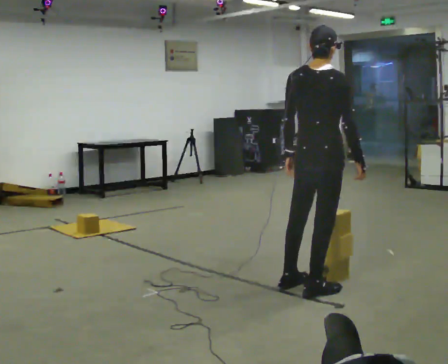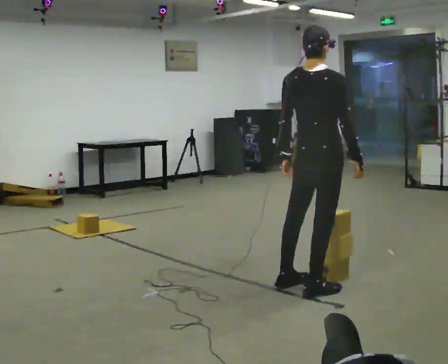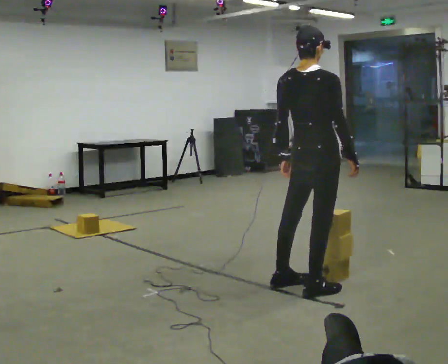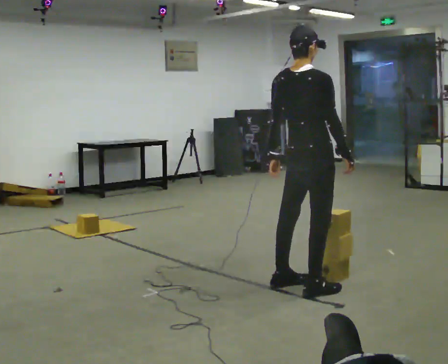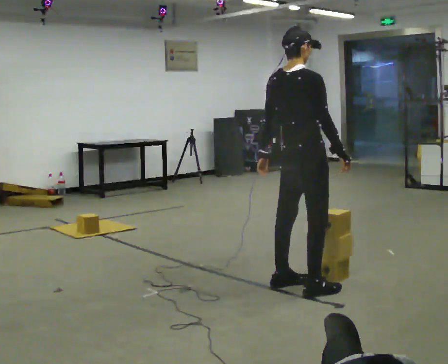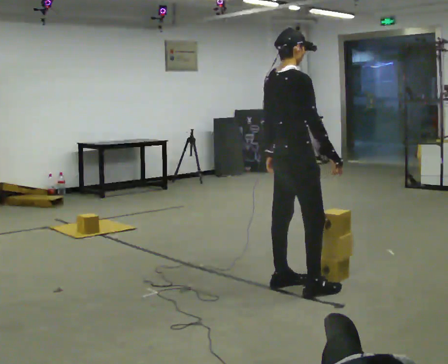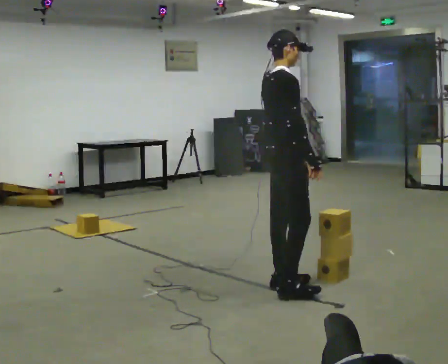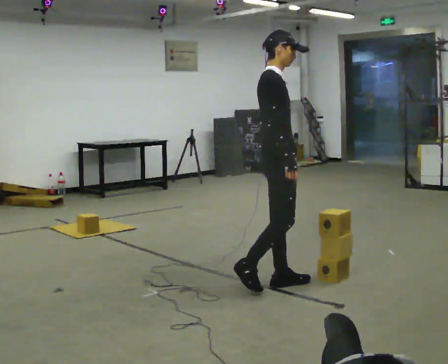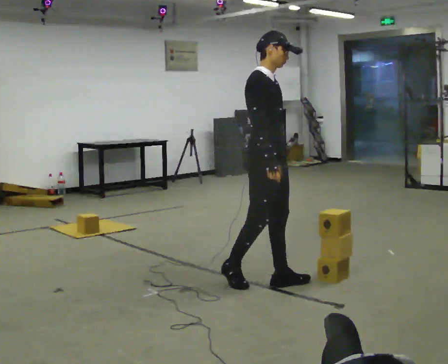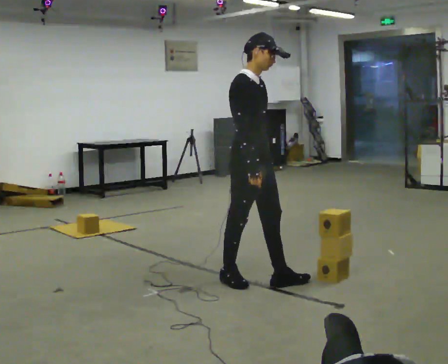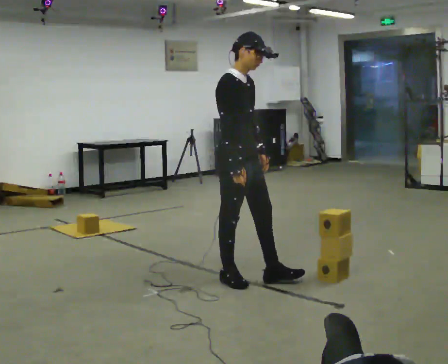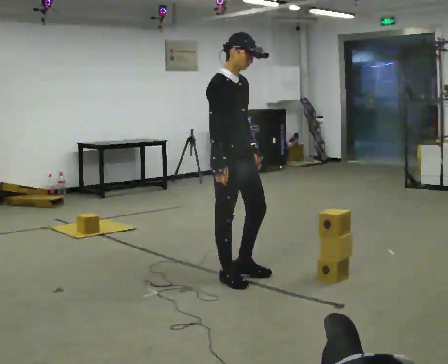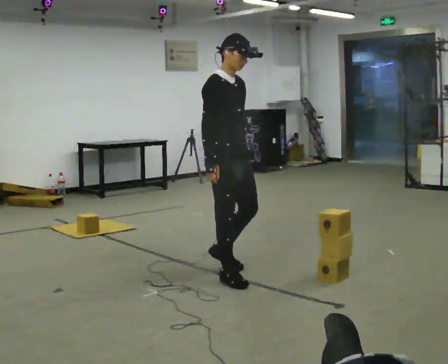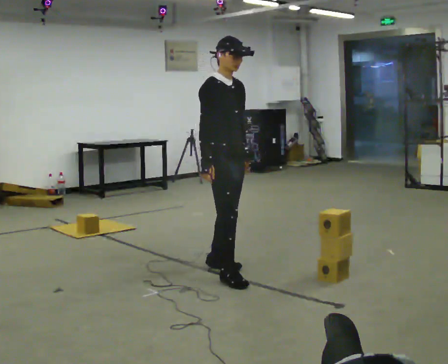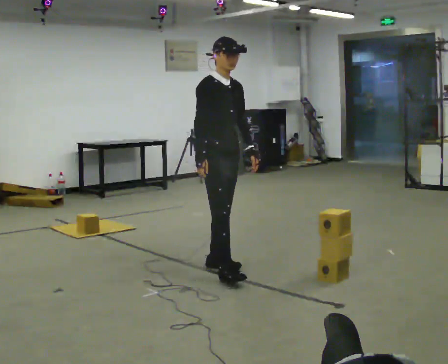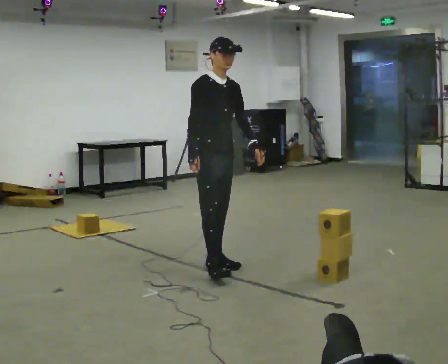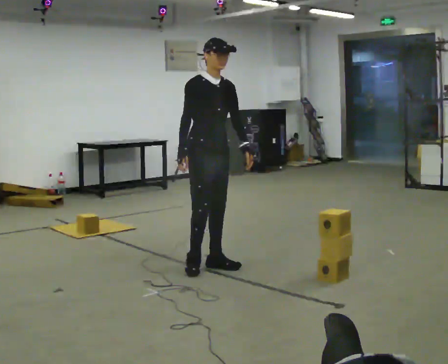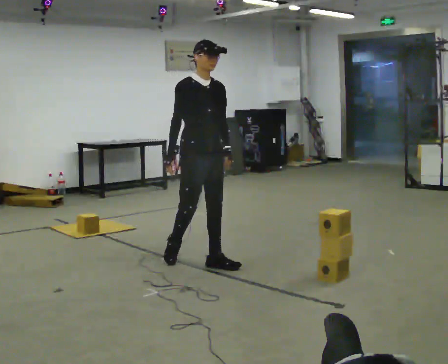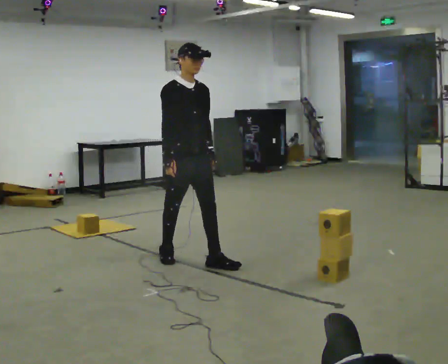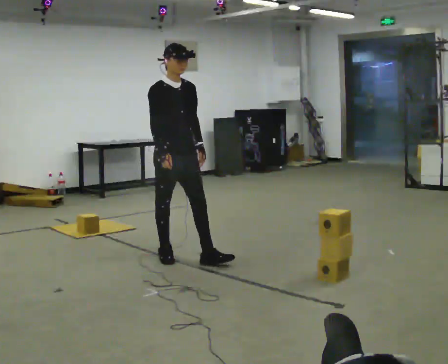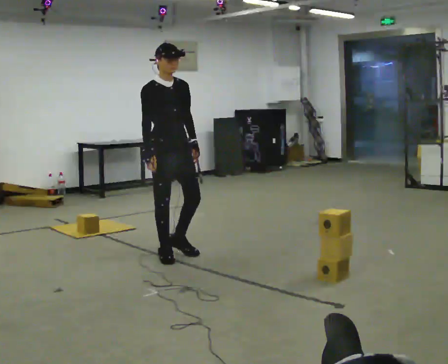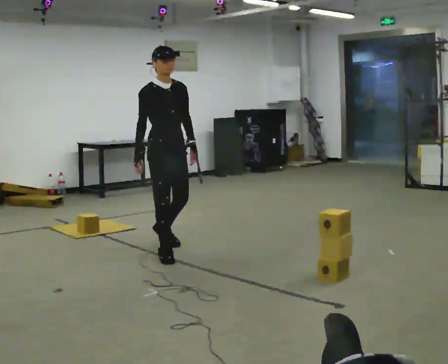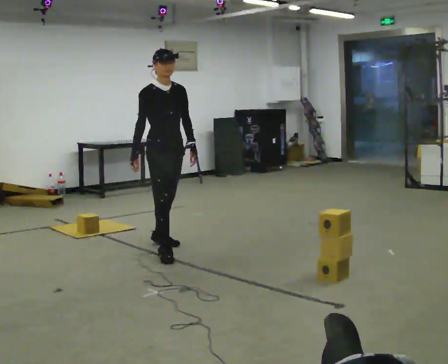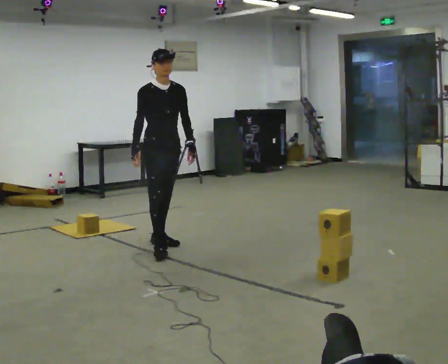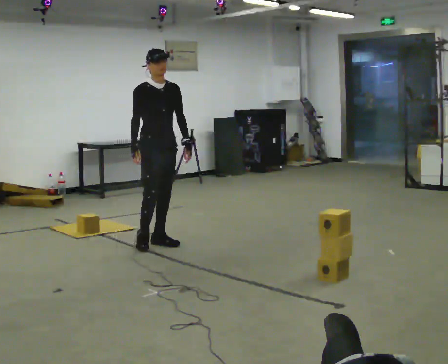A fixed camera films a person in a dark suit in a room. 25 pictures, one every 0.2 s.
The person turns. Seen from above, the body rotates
clockwise.
The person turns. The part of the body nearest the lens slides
to the left.
0.0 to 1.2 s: Seen from above the body turns clockwise, about 45 degrees: to their right, with its near side sliding to the left. In the picture they go to the left and away from the camera, about 0.25 m in 1 step, which for them is to their left.
1.2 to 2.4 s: Seen from above the body turns clockwise, about 45 degrees: to their right, with its near side sliding to the left. In the picture they go to the left and away from the camera, about 0.5 m in 1 step, which for them is backward.
2.4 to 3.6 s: In the picture they go away from the camera and to the left, about 0.5 m in 1 step, which for them is backward.
3.6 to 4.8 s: In the picture they go away from the camera and to the left, about 0.5 m in 2 steps, which for them is backward.
The film runs backward here.
